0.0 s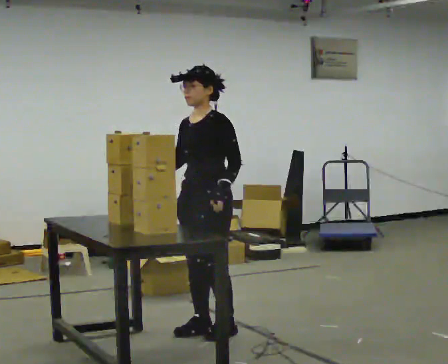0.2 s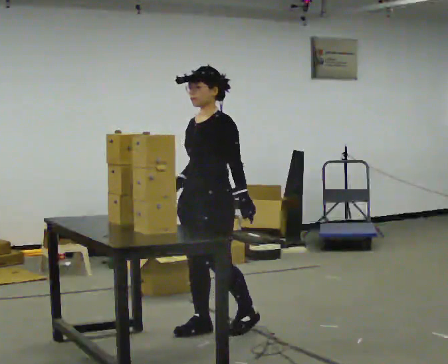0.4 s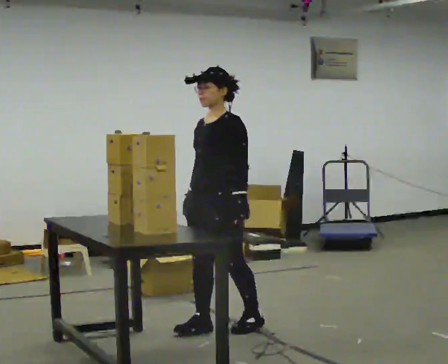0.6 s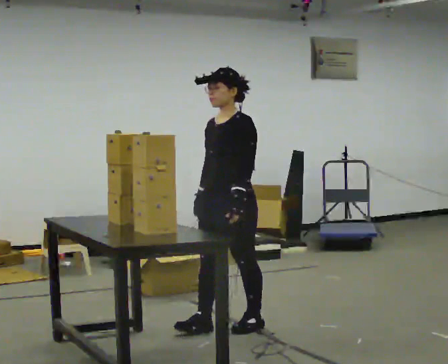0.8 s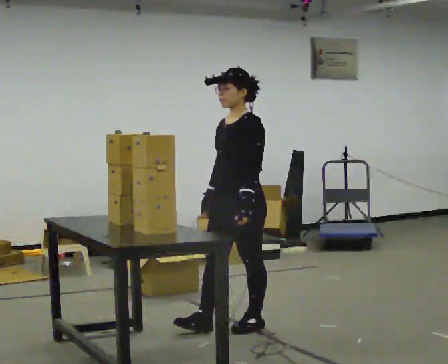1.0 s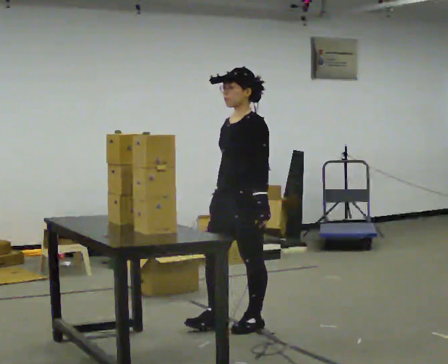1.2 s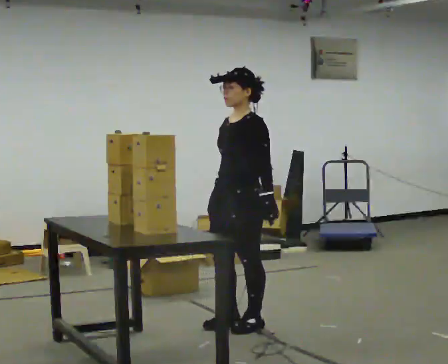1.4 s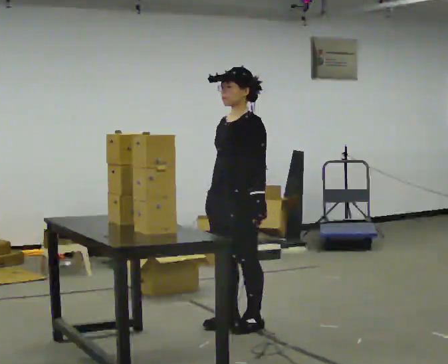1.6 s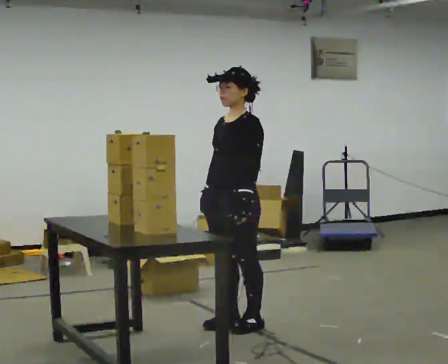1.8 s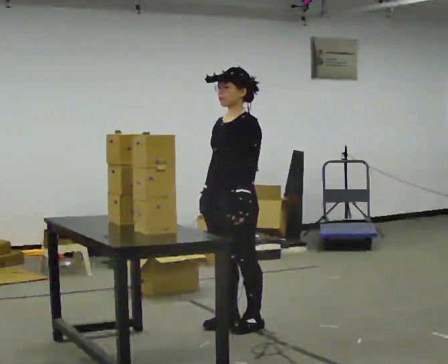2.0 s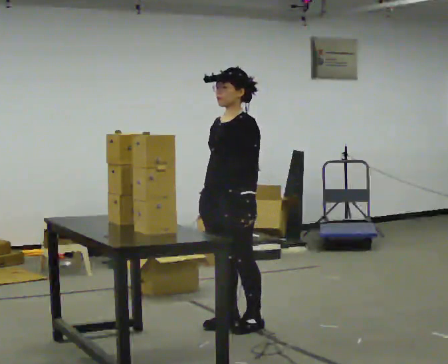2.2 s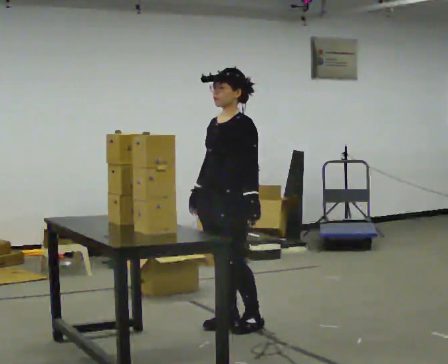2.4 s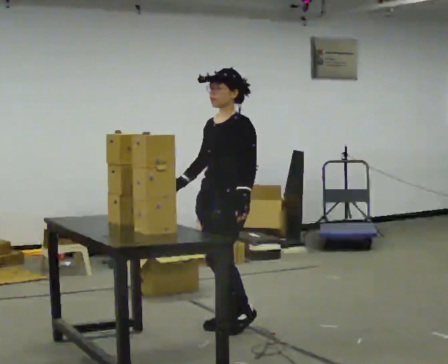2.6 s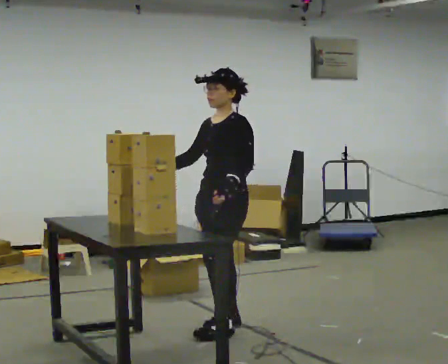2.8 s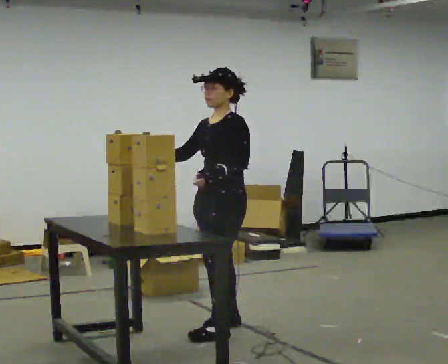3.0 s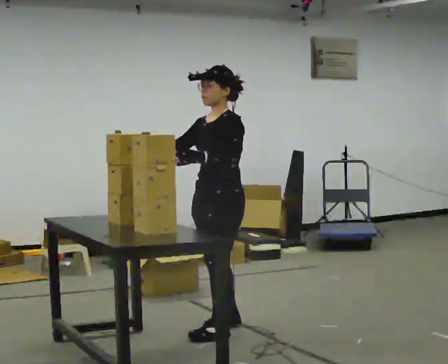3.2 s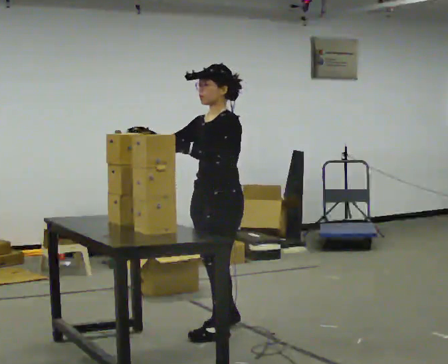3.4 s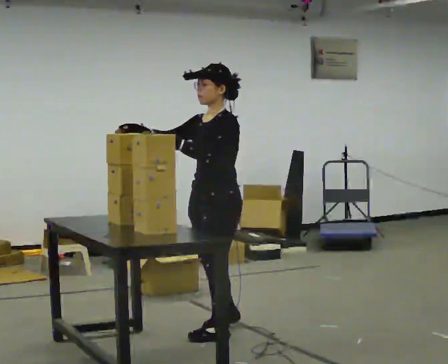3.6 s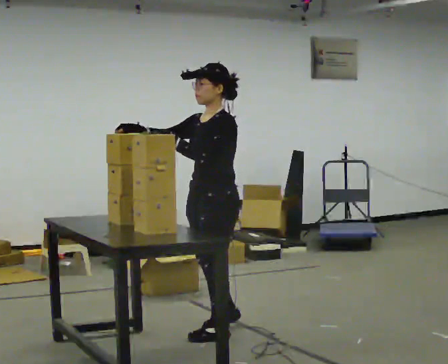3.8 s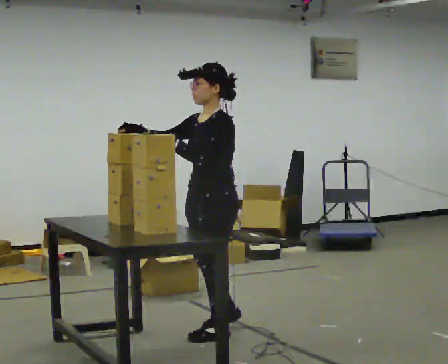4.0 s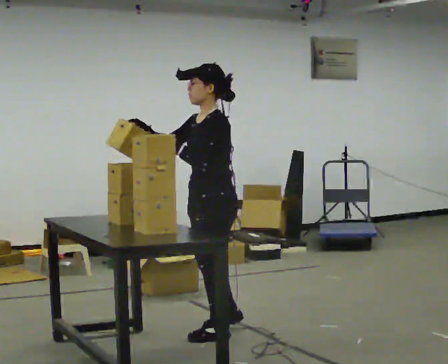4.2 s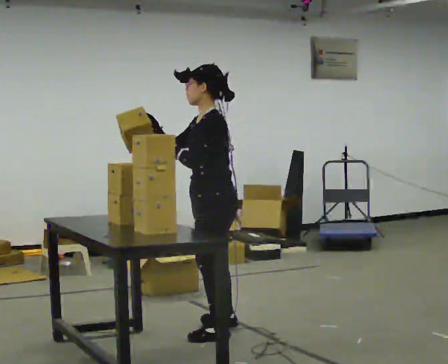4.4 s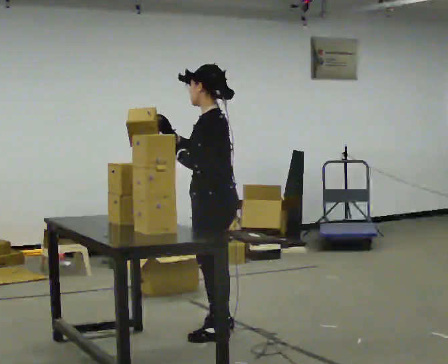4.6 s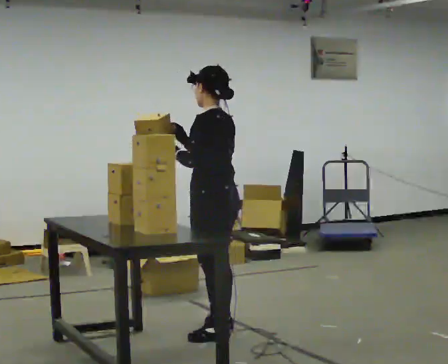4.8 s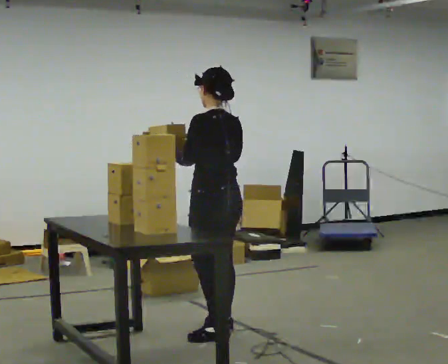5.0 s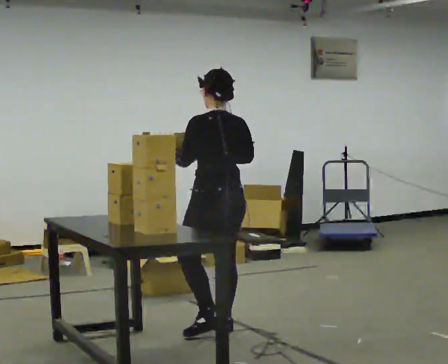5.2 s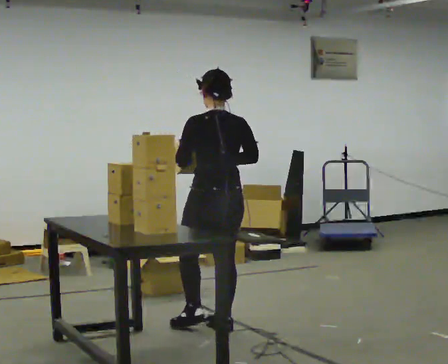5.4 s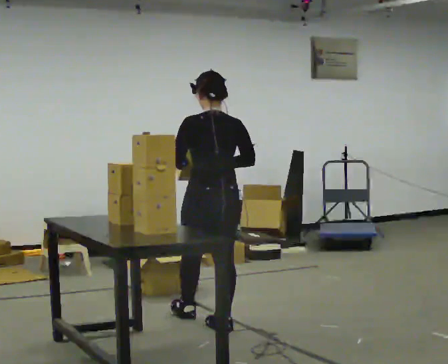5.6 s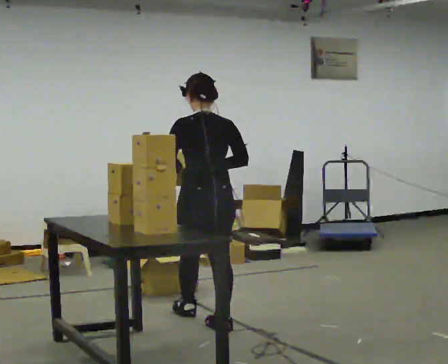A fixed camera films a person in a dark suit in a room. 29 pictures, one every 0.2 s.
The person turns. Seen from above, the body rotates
clockwise.
The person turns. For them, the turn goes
to their right.
0.0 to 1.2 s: In the picture they go to the right, about 0.25 m in 2 steps, which for them is backward. In the picture their right hand goes to the right.
1.2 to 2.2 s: The person moves a little, or ends about where they began.
2.2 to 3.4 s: In the picture they go toward the camera, about 0.25 m in 1 step, which for them is forward and to their left. In the picture their right hand goes upward and to the left, the arm swinging clockwise.
3.4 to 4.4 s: Seen from above the body turns clockwise, about 45 degrees: to their right, with its near side sliding to the left.
4.4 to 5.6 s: Seen from above the body turns clockwise, about 60 degrees: to their right, with its near side sliding to the left. In the picture they go away from the camera, about 0.25 m in 1 step.
The film runs forward here.
